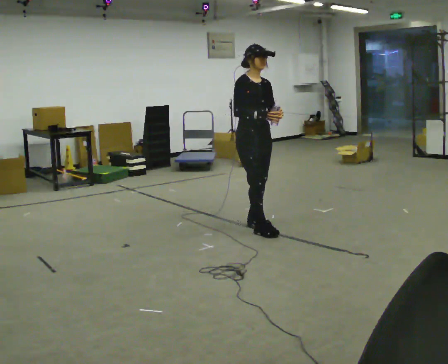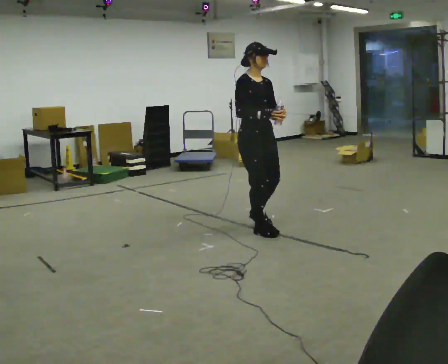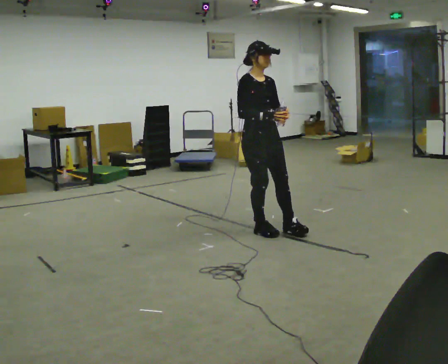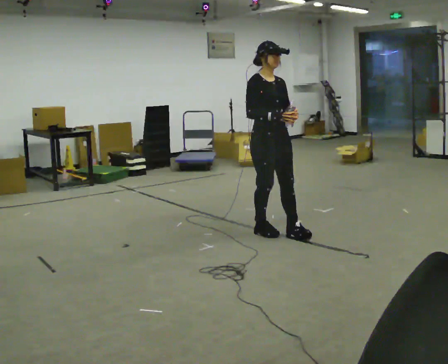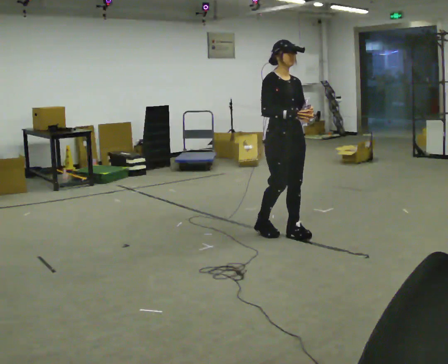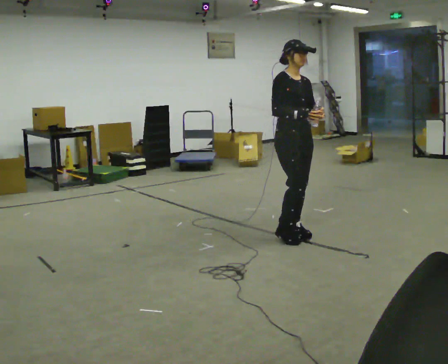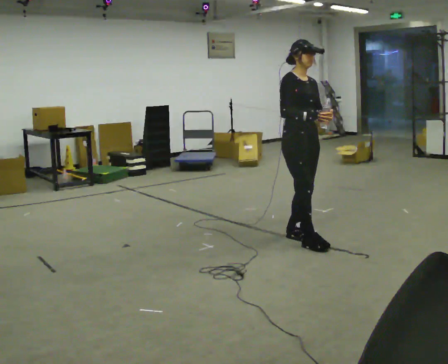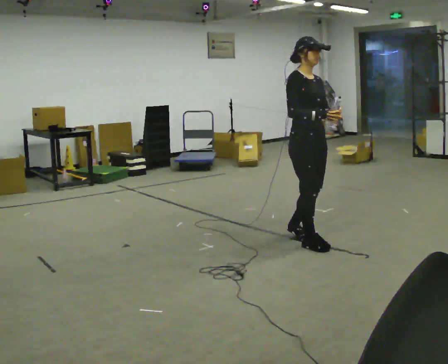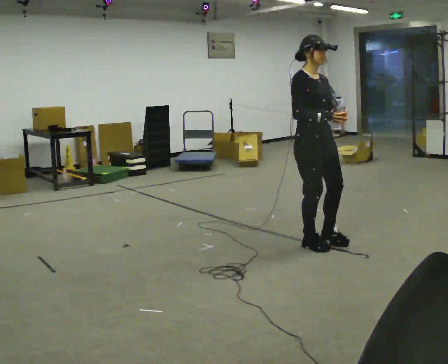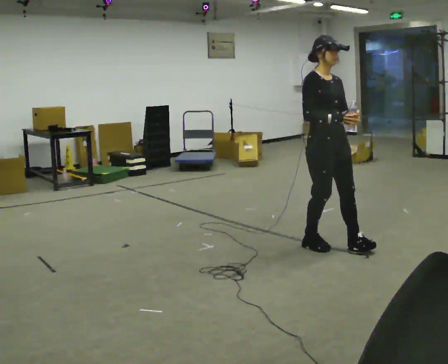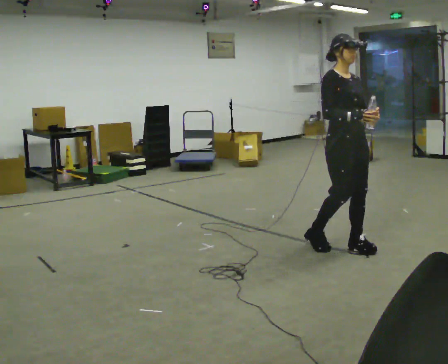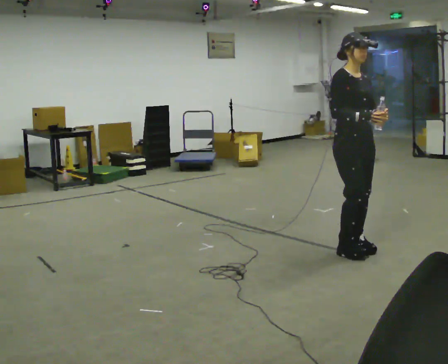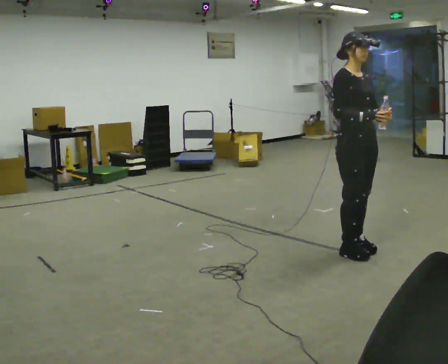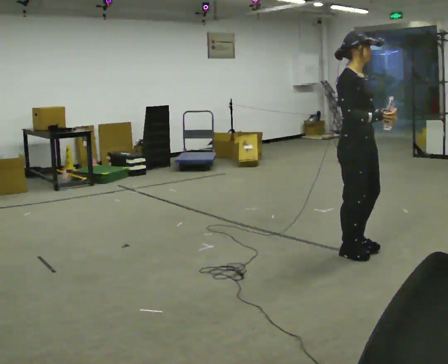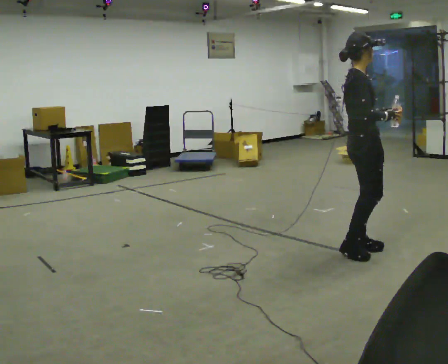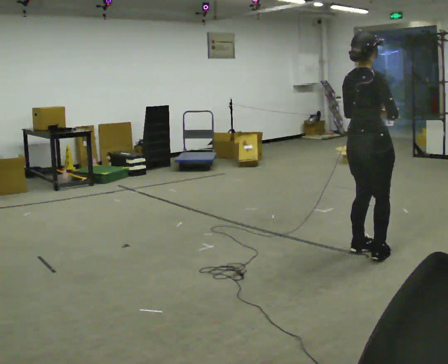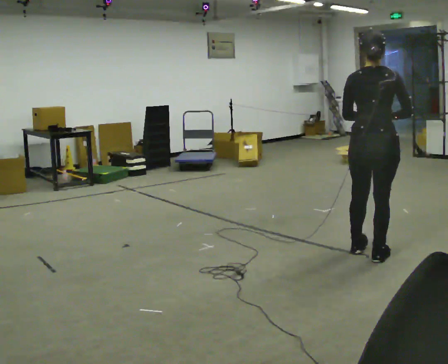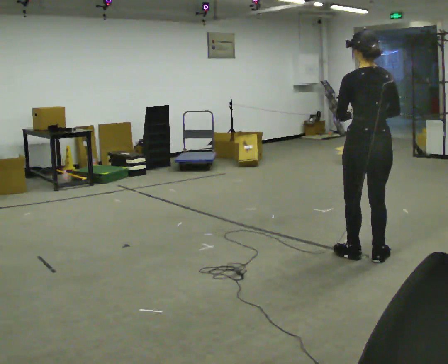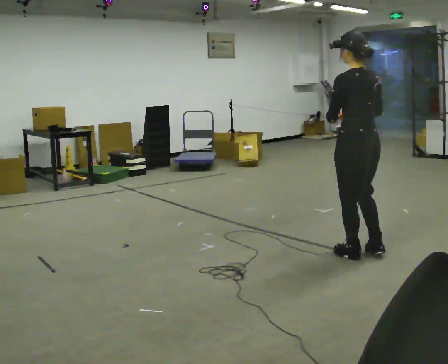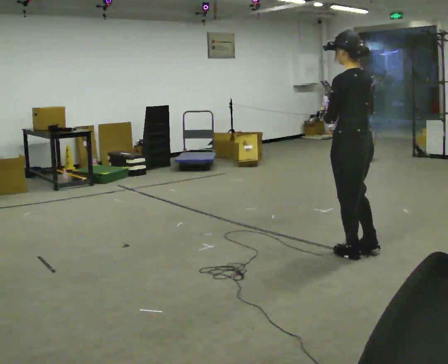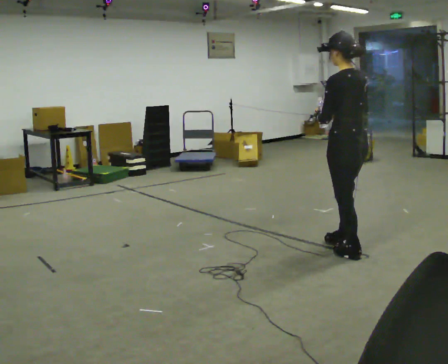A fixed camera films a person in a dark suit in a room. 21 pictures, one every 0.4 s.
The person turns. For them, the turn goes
to their left.
The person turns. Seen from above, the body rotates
counterclockwise.
0.0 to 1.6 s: In the picture they go to the right and toward the camera, about 0.25 m in 1 step, which for them is forward.
1.6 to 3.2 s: In the picture they go toward the camera and to the right, about 0.25 m in 1 step, which for them is forward.
3.2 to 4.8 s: In the picture they go to the right, about 0.25 m in 2 steps, which for them is forward.
4.8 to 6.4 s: The person turns about 120 degrees to their left, counterclockwise seen from above, so the part of the body nearest the lens slides to the right.
6.4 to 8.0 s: Seen from above the body turns counterclockwise, about 60 degrees: to their left, with its near side sliding to the right. In the picture they go to the left, about 0.25 m in 1 step. In the picture their right hand goes to the left.
The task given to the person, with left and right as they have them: Carry the open container of water across the room without spilling it, back and forth.
The film runs forward here.
